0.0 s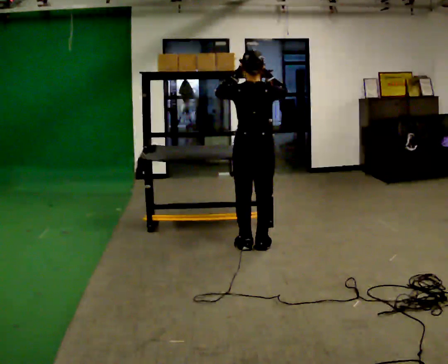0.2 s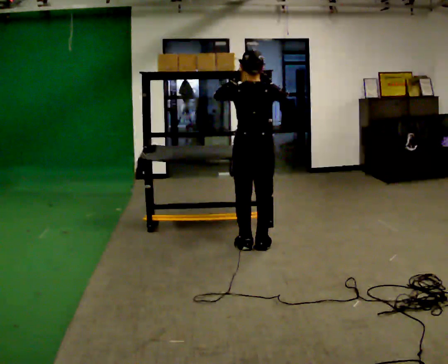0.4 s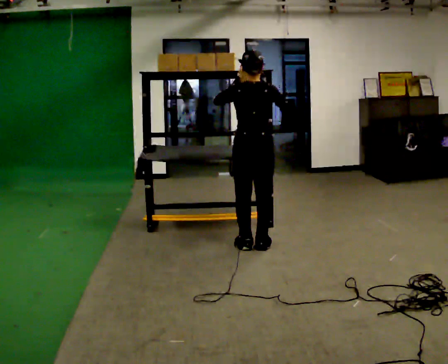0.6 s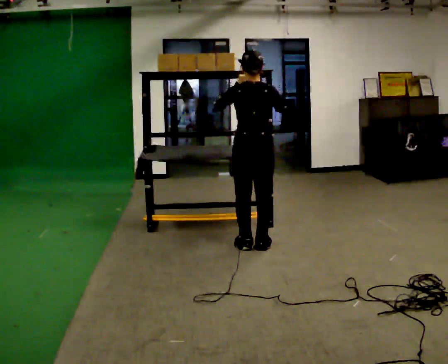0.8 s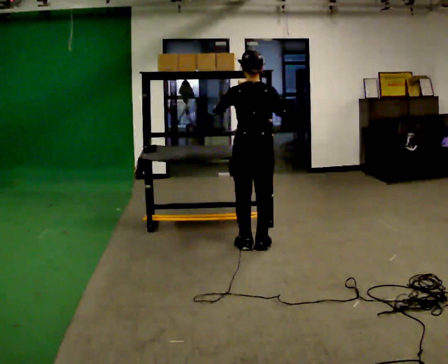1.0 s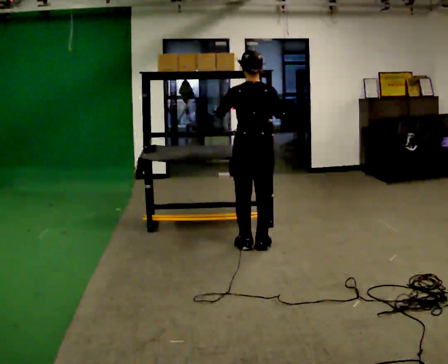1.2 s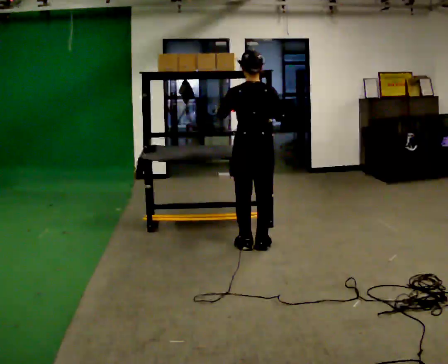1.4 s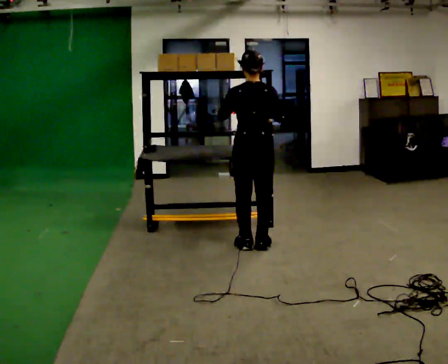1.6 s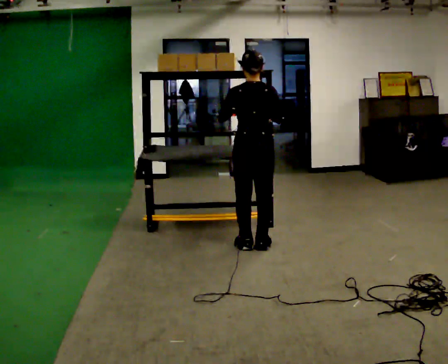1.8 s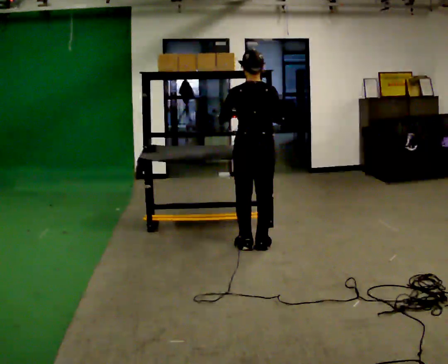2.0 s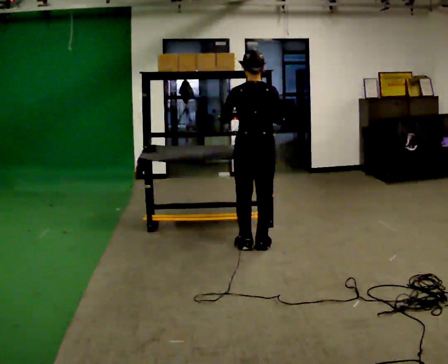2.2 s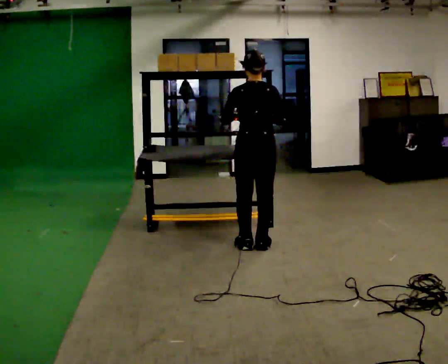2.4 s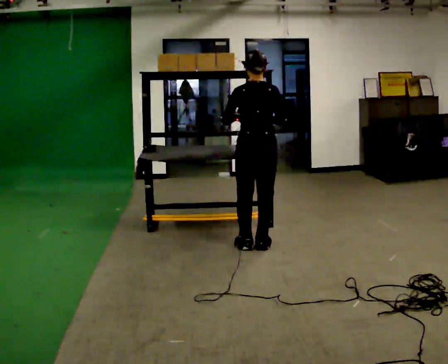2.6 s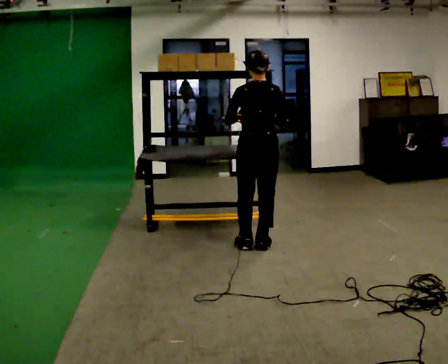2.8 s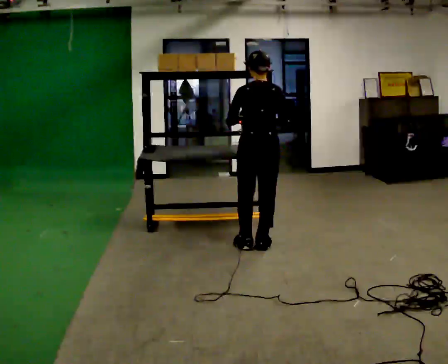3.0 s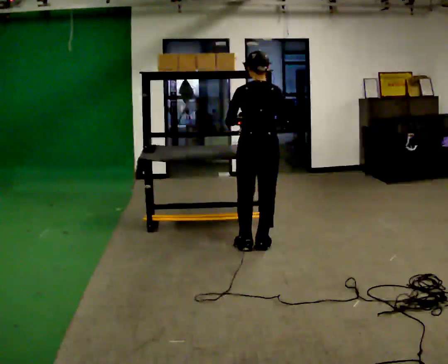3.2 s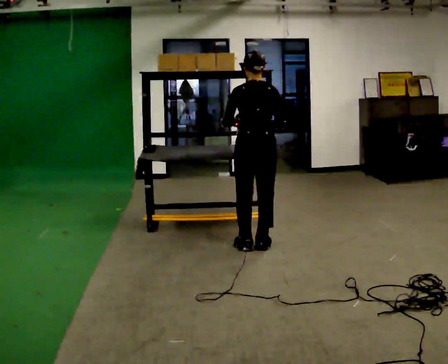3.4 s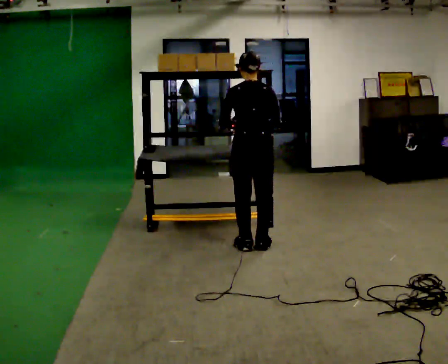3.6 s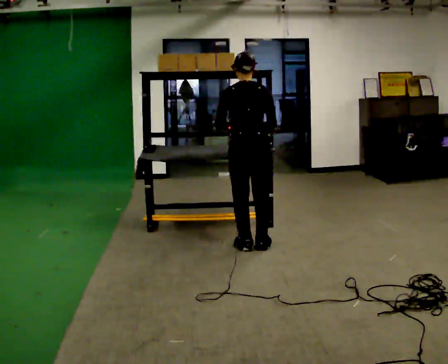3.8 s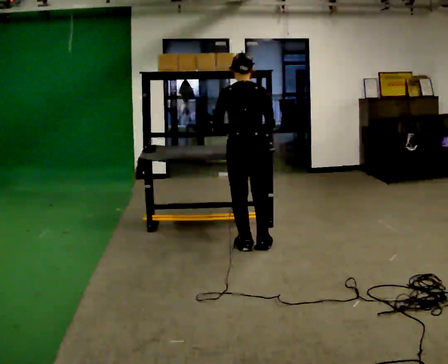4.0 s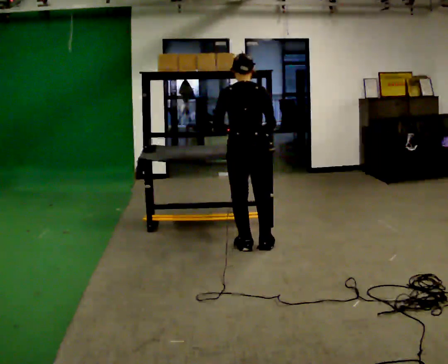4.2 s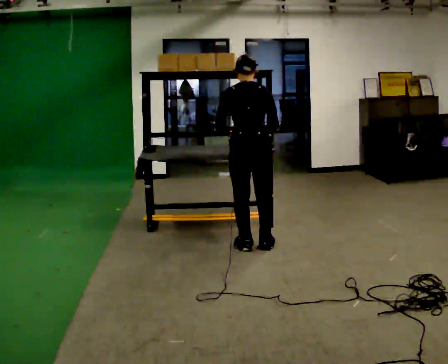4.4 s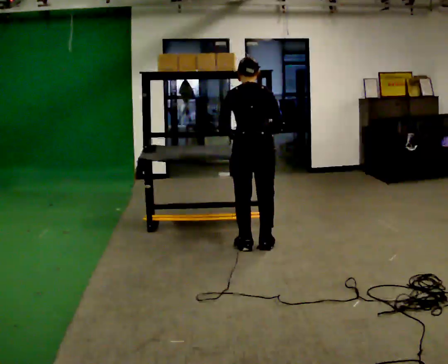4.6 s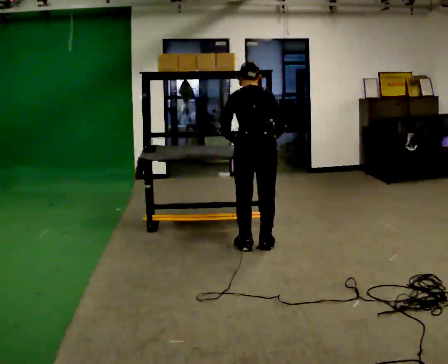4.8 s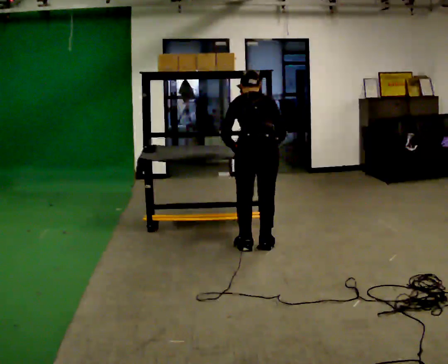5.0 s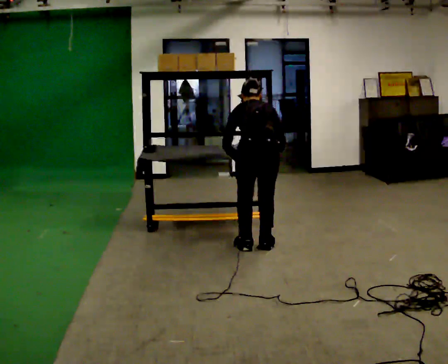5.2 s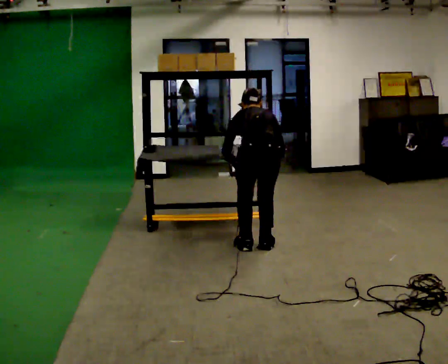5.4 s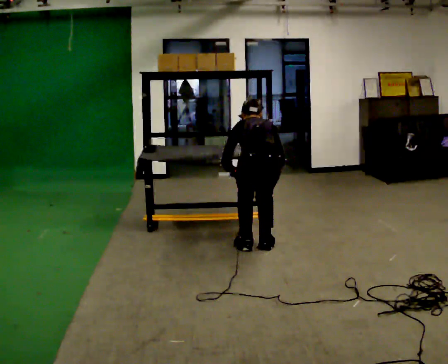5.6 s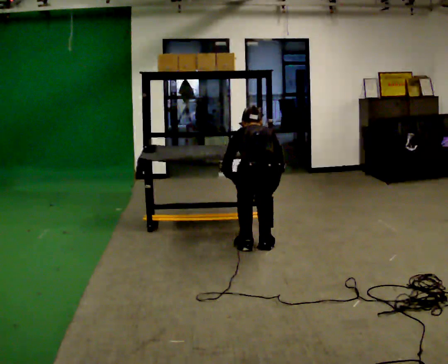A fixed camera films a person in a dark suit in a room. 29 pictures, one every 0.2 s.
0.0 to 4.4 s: The upper body tips away from the camera, its near side rolling upward, as they bend forward. In the picture their right hand goes downward.
4.4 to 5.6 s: The shoulders move downward. The upper body tips away from the camera, its near side rolling upward, as they bend forward. In the picture their left hand goes downward.
The film runs forward here.
